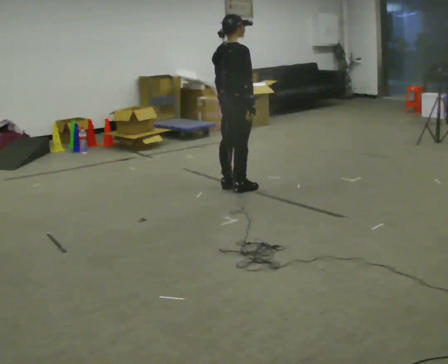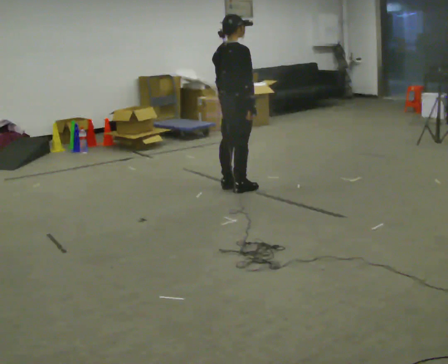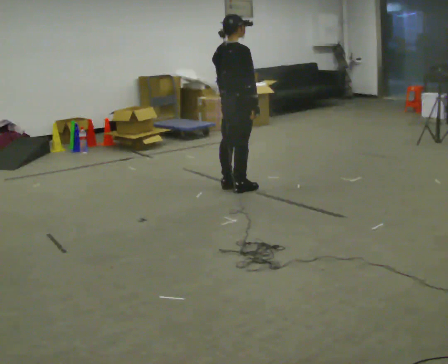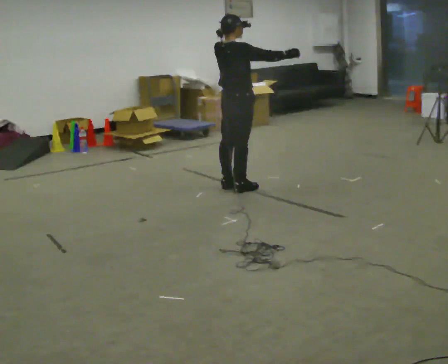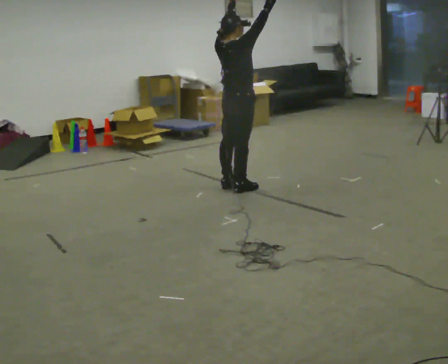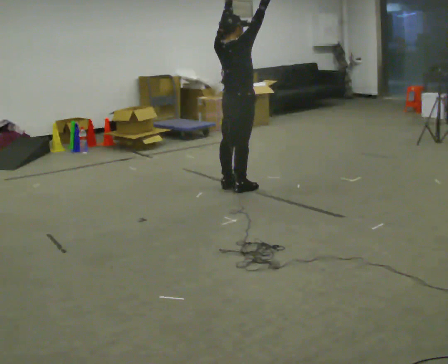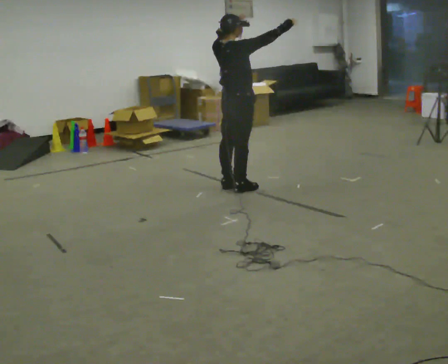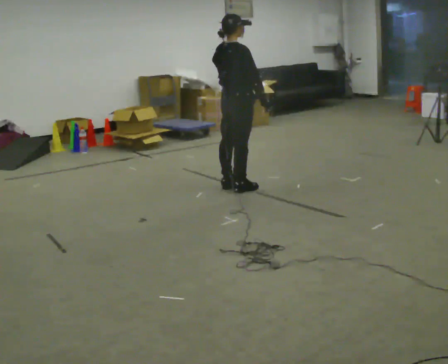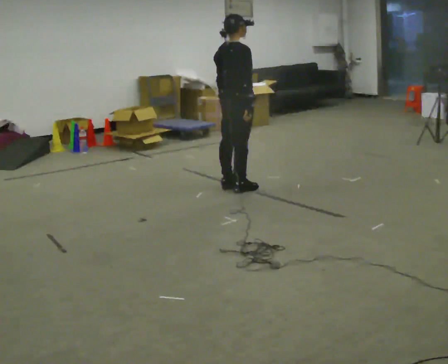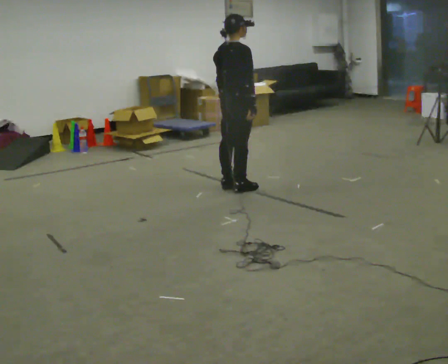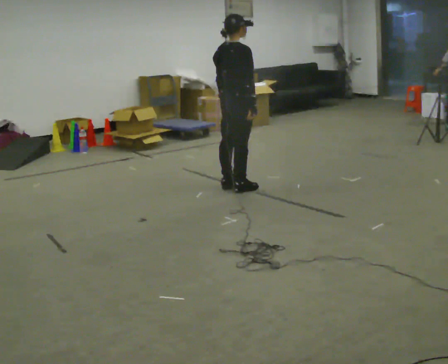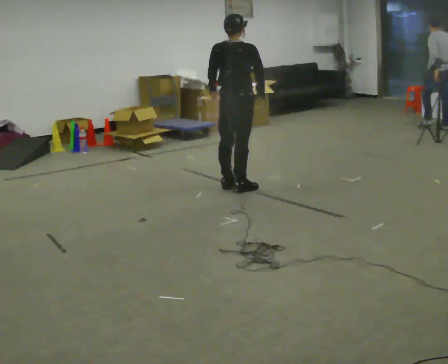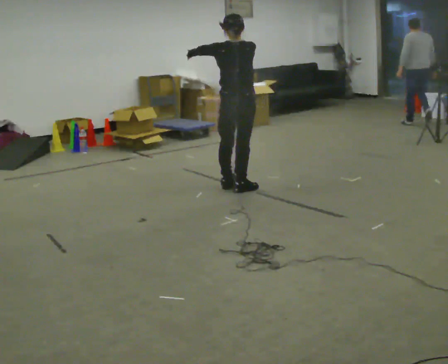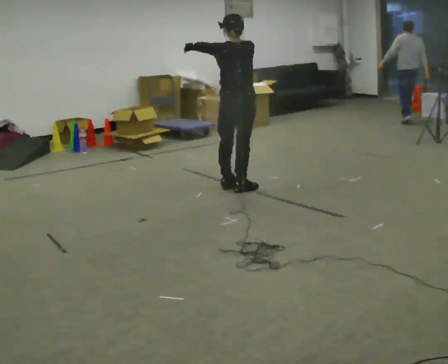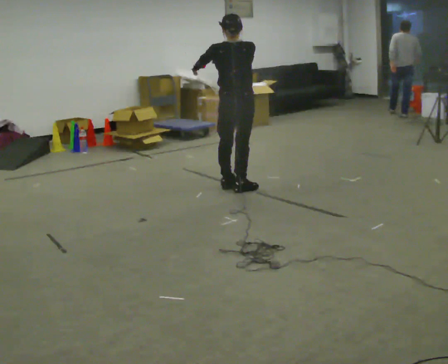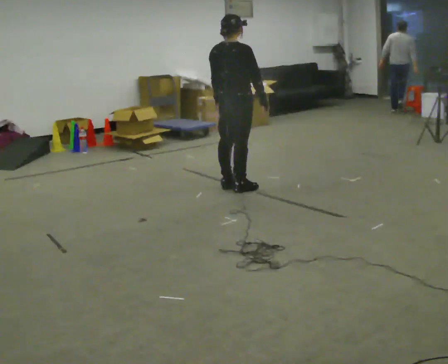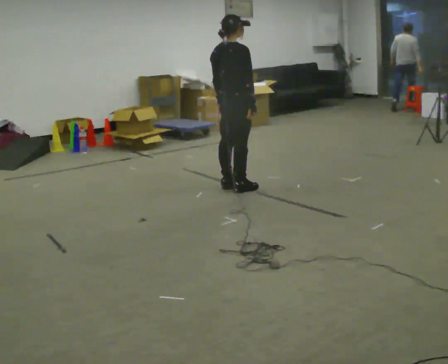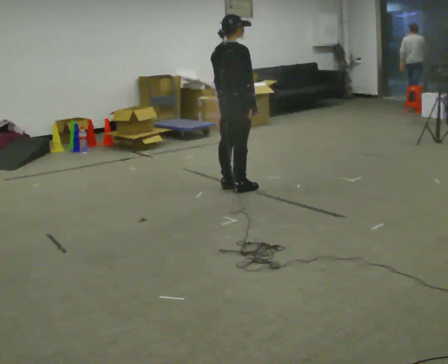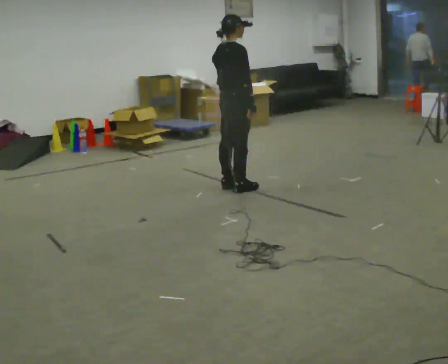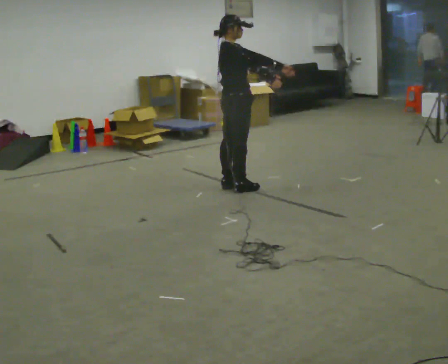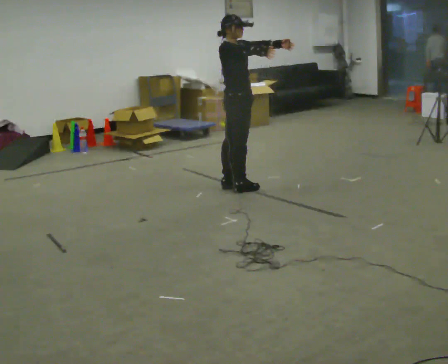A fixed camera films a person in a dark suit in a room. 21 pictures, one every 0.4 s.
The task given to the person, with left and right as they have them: Reach as far as you comfortably can in each direction the operator calls: up, down, forward, each side, and behind. Hold each one briefly. Keep both feet on the marked spots for the whole take. If you have to step, stop and tell the operator.
0.0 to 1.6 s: In the picture their right hand goes upward, the arm swinging counterclockwise.
1.6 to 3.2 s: In the picture their right hand goes downward, the arm swinging clockwise.
3.2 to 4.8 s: The person turns about 45 degrees to their left, counterclockwise seen from above, so the part of the body nearest the lens slides to the right. In the picture their right hand goes upward.
4.8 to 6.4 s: The part of the body nearest the lens slides to the left as the person turns to their right by about 30 degrees. In the picture their right hand goes downward.
6.4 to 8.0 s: Seen from above the body turns clockwise, about 30 degrees: to their right, with its near side sliding to the left. In the picture their left hand goes upward and to the right, the arm swinging counterclockwise.
The film runs forward here.
